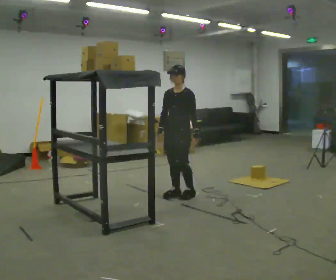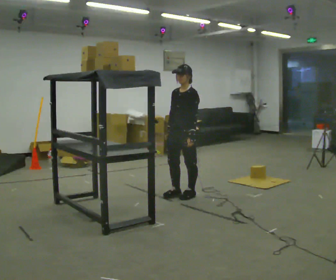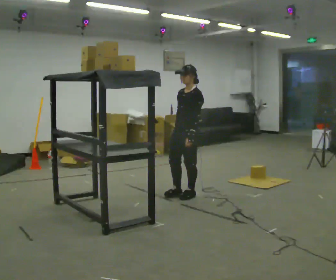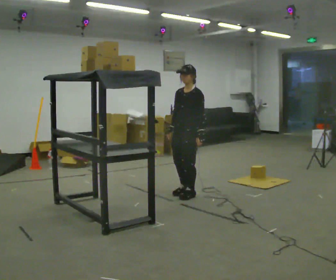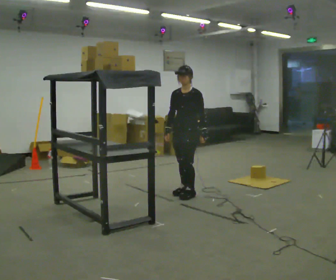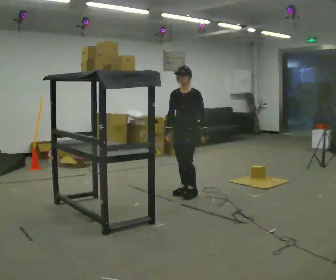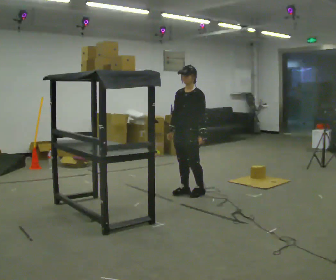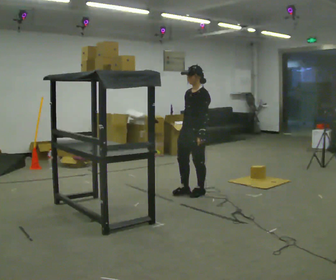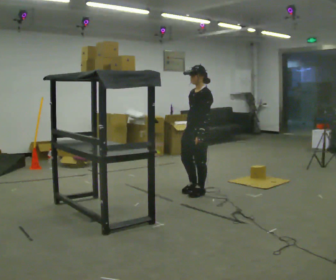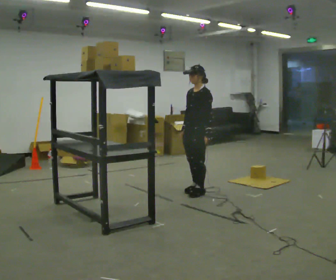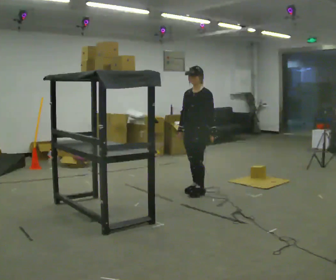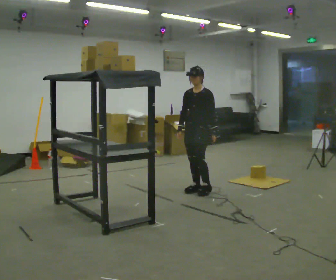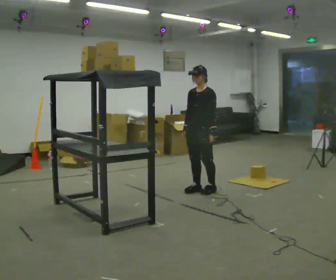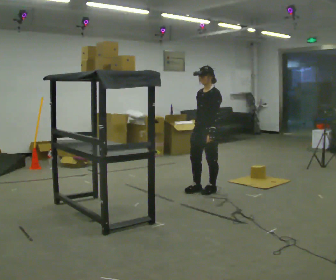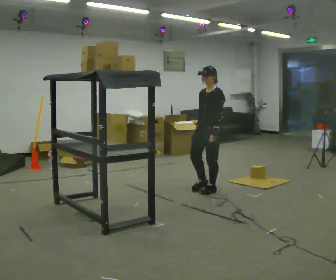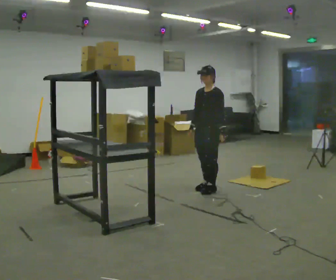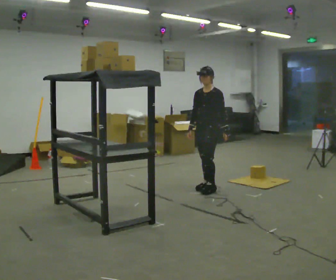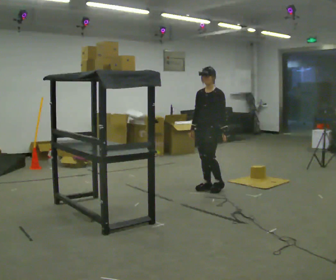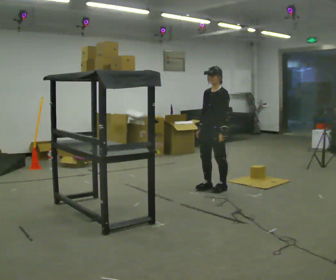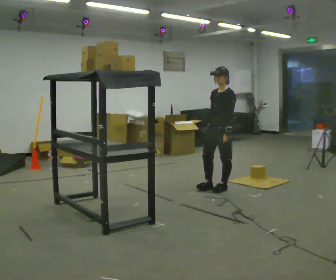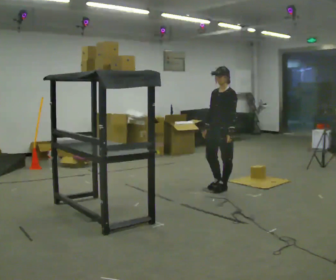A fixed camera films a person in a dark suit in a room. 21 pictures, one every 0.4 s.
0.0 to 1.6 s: The person moves a little, or ends about where they began.
1.6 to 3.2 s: The part of the body nearest the lens slides to the left as the person turns to their right by about 30 degrees. In the picture they go to the right, about 0.25 m in 2 steps.
3.2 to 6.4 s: In the picture they go away from the camera and to the right, about 0.25 m in 2 steps, which for them is backward.
6.4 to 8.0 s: In the picture they go to the right, about 0.25 m in 2 steps, which for them is to their left.
The film runs backward here.
